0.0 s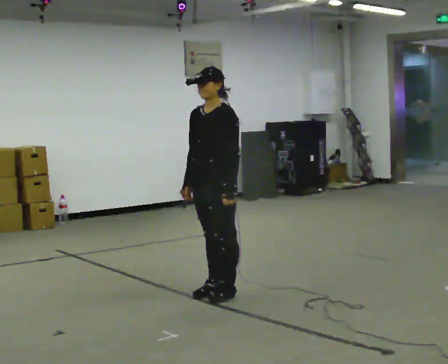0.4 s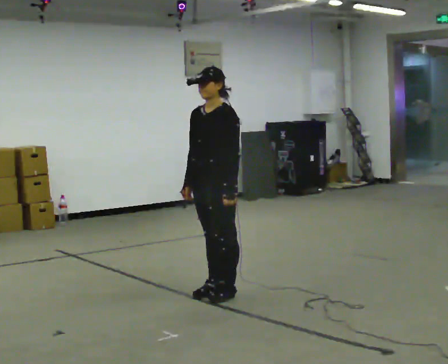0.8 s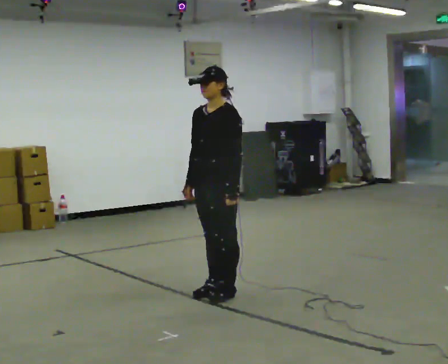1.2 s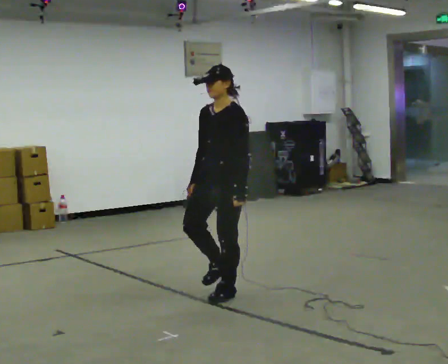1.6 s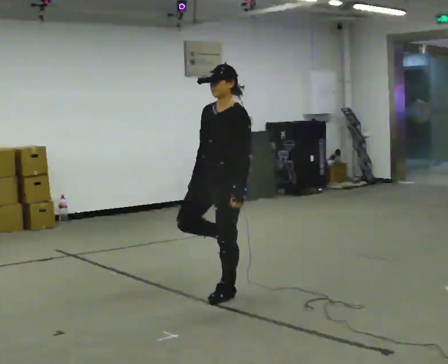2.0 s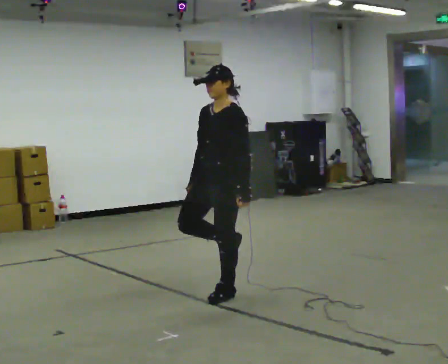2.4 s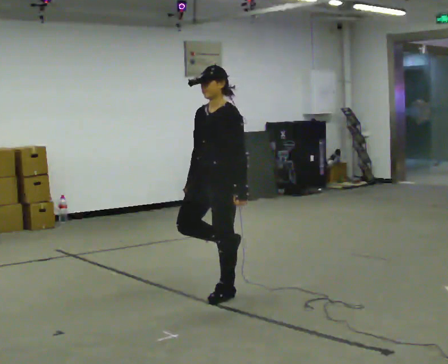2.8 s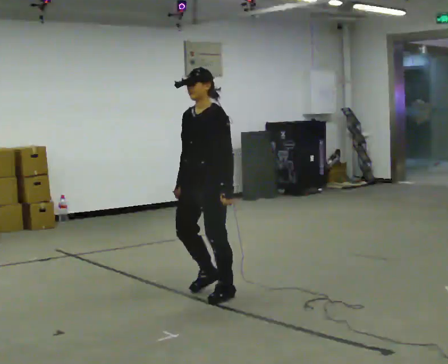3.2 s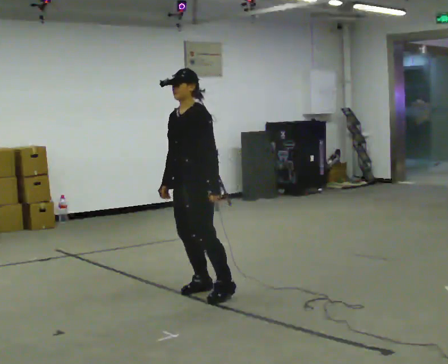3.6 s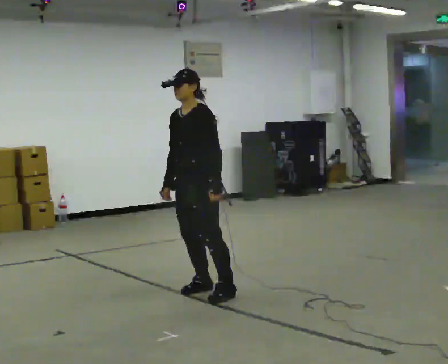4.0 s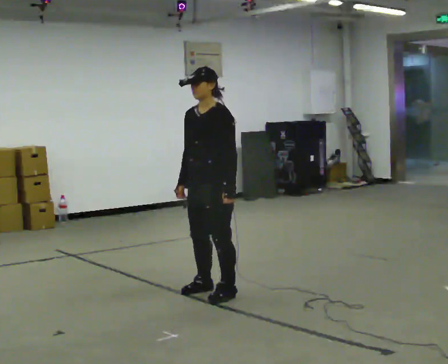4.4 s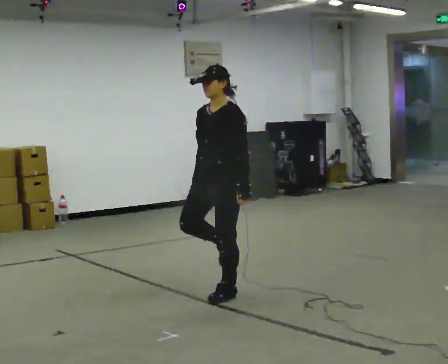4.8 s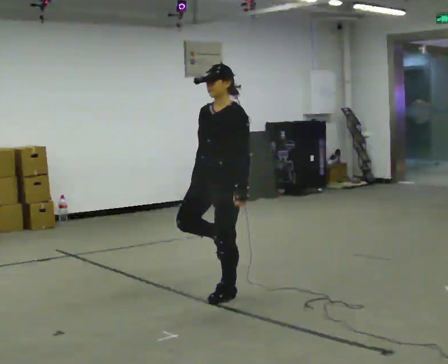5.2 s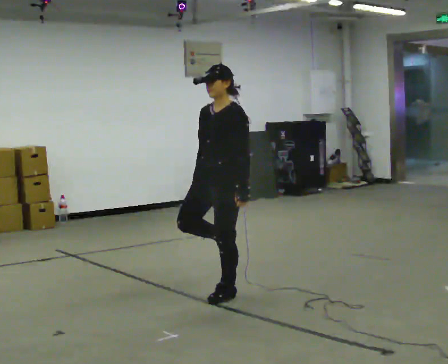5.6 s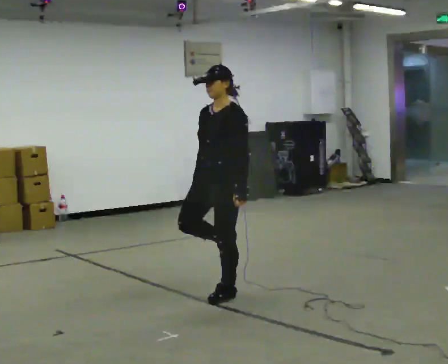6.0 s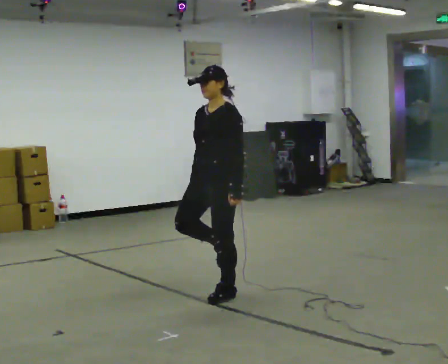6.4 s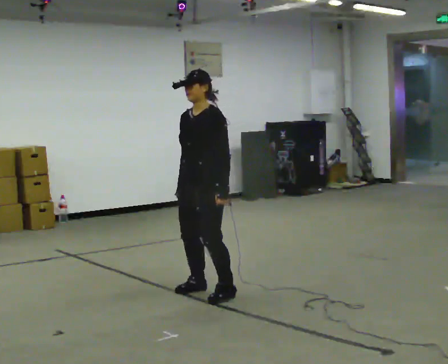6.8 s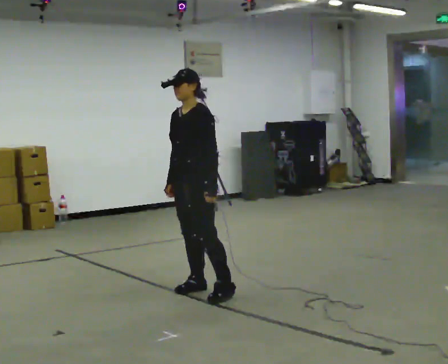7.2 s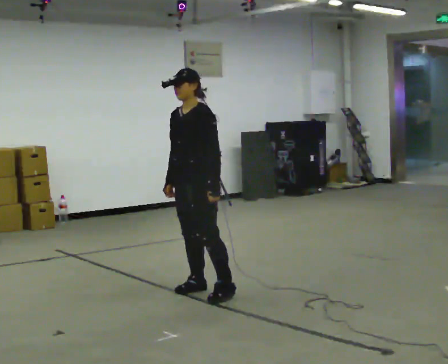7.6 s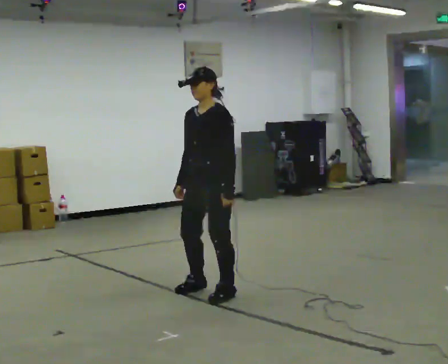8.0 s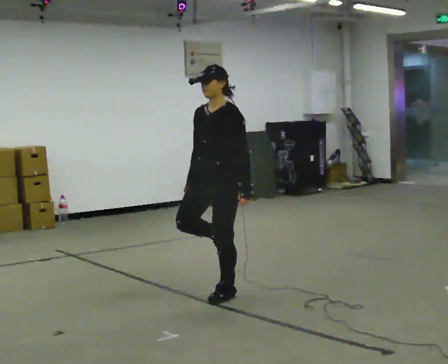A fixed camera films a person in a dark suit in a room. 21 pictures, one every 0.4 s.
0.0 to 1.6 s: The person moves a little, or ends about where they began.
1.6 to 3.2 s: In the picture they go to the left, about 0.25 m, which for them is to their right.
3.2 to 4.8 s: In the picture they go to the right and toward the camera, about 0.25 m, which for them is to their left.
4.8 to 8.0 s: The person moves a little, or ends about where they began.
The film runs forward here.
